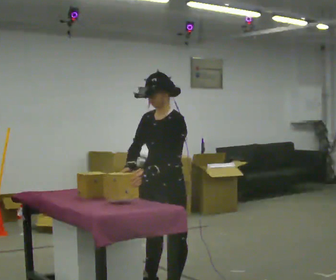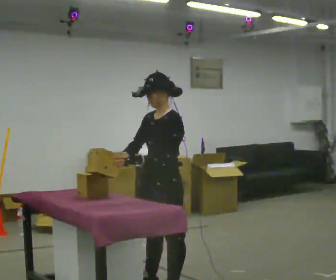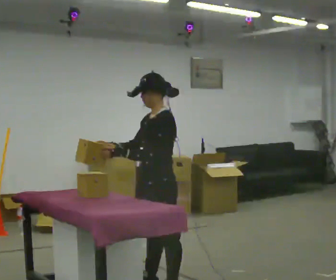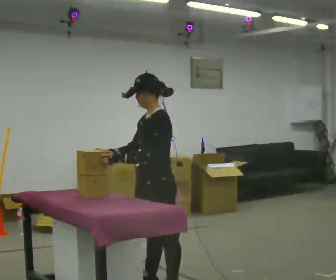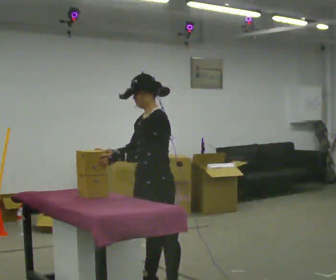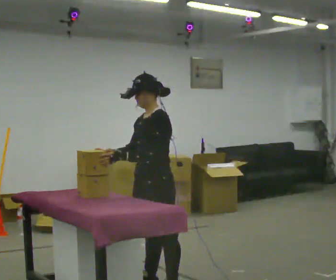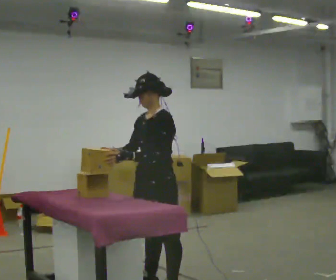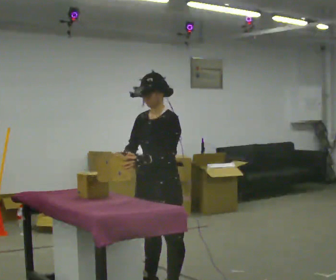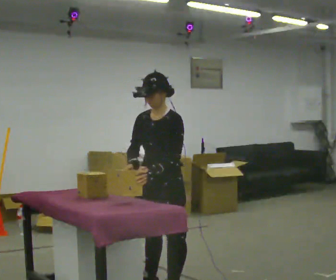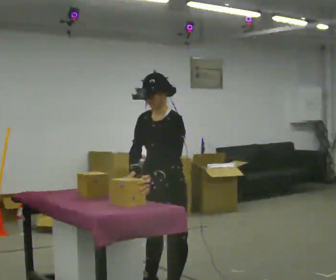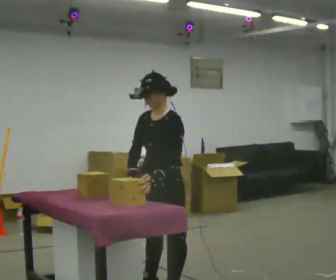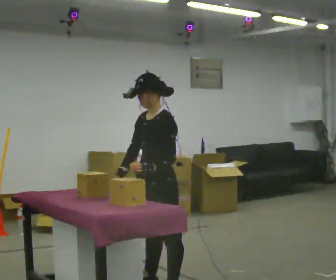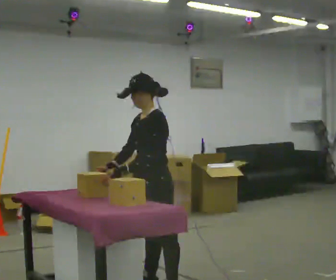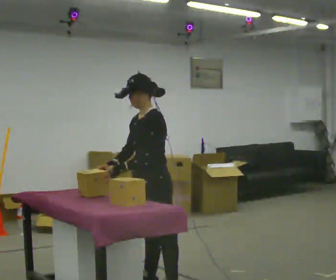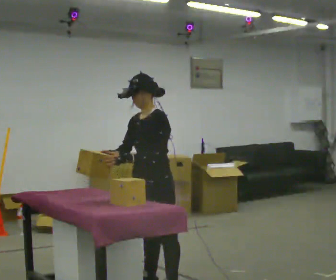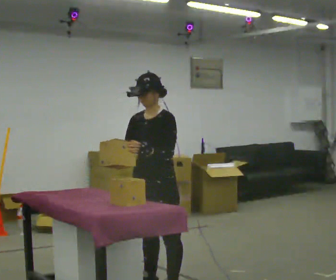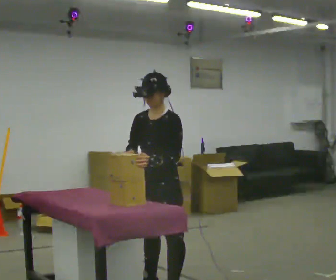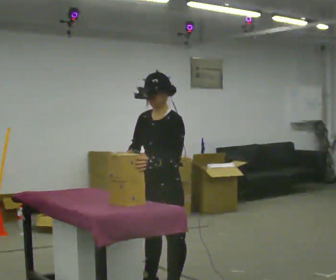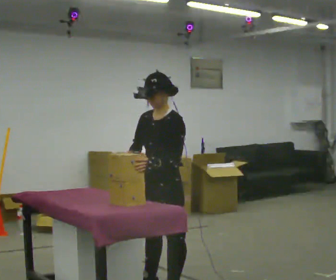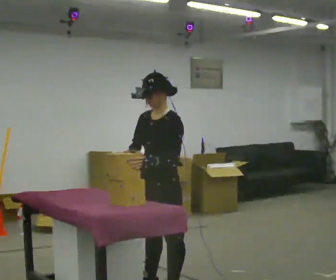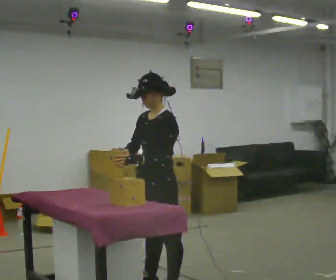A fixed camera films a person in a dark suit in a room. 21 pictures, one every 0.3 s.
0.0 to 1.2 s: The person moves a little, or ends about where they began.
1.2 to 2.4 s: Seen from above the body turns counterclockwise, about 30 degrees: to their left, with its near side sliding to the right.
2.4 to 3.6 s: The person moves a little, or ends about where they began.
3.6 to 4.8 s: The person turns about 30 degrees to their left, counterclockwise seen from above, so the part of the body nearest the lens slides to the right.
4.8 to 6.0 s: The person moves a little, or ends about where they began.
The film runs forward here.
